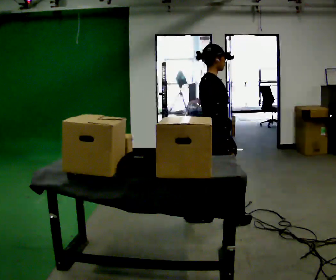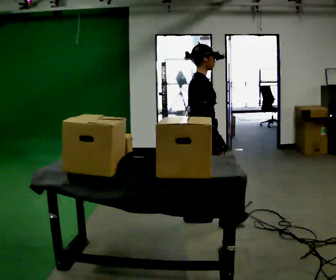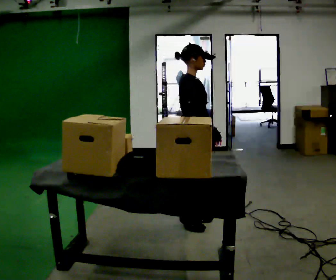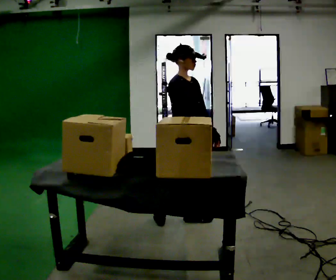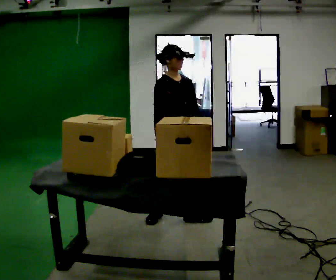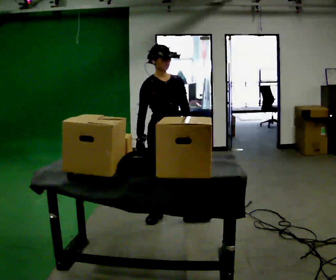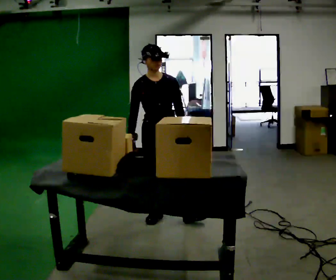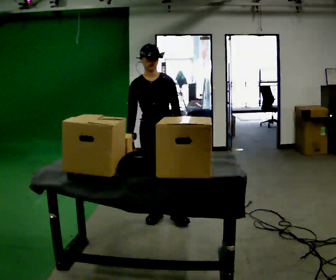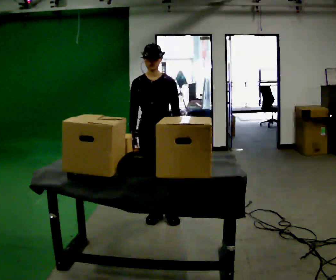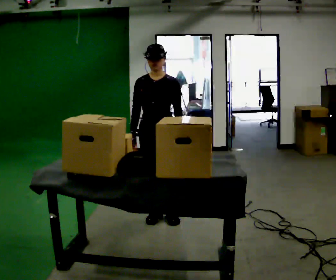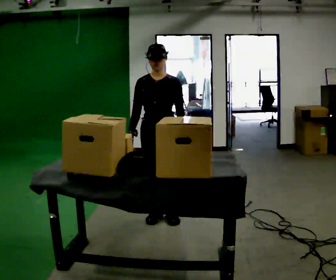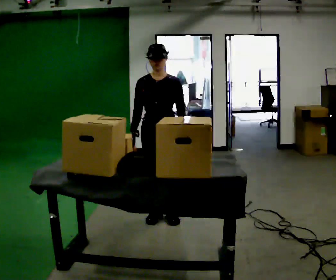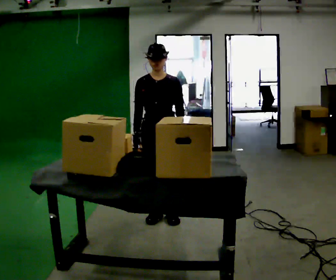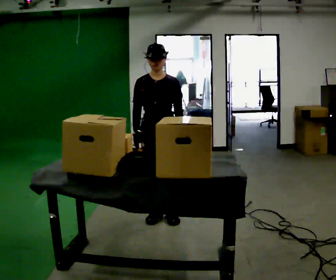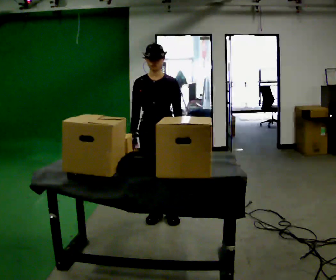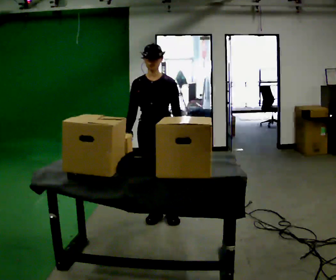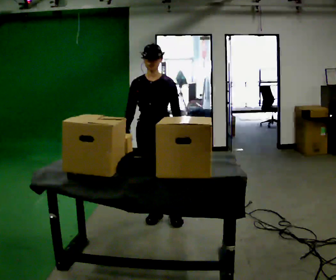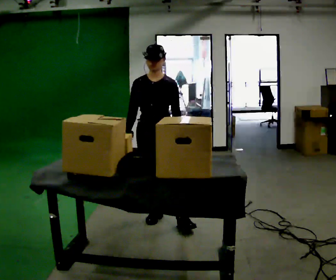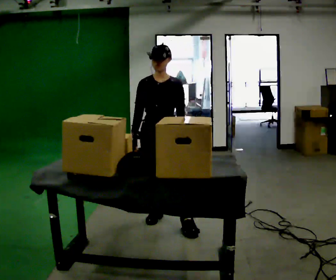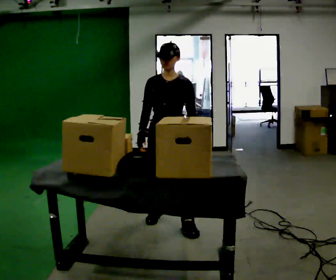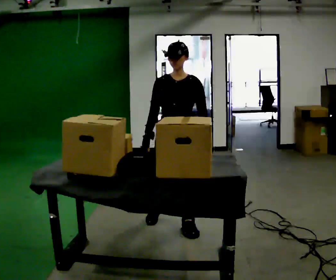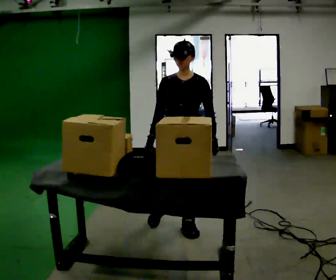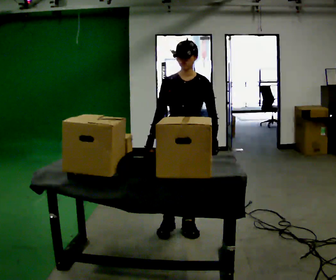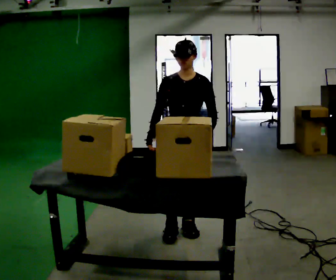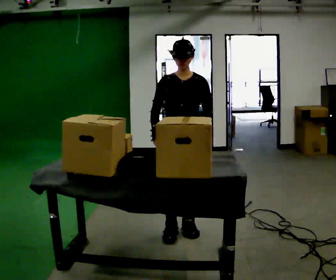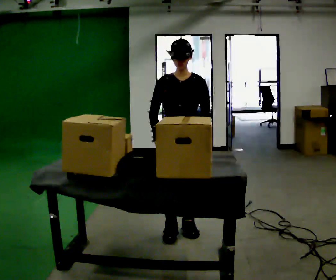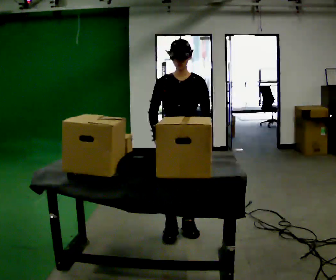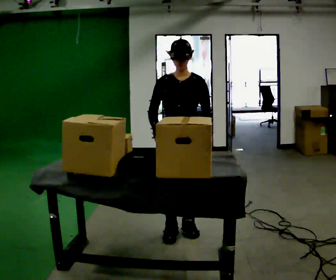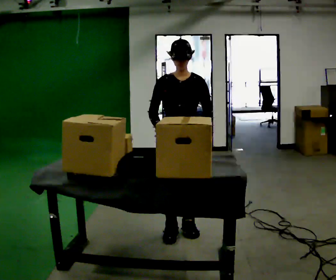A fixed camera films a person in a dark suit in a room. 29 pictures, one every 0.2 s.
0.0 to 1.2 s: The part of the body nearest the lens slides to the left as the person turns to their right by about 90 degrees. In the picture they go to the left, about 0.5 m in 1 step.
1.2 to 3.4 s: Seen from above the body turns clockwise, about 30 degrees: to their right, with its near side sliding to the left.
3.4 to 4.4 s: In the picture they go toward the camera and to the right, about 0.25 m in 1 step, which for them is to their left and forward.
4.4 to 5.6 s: The person moves a little, or ends about where they began.
The film runs backward here.
